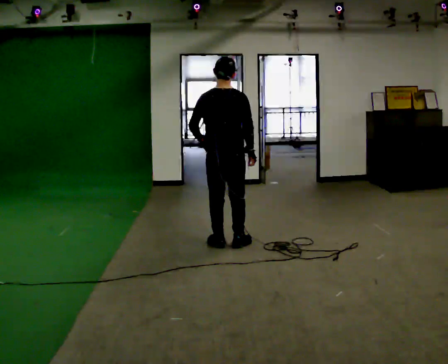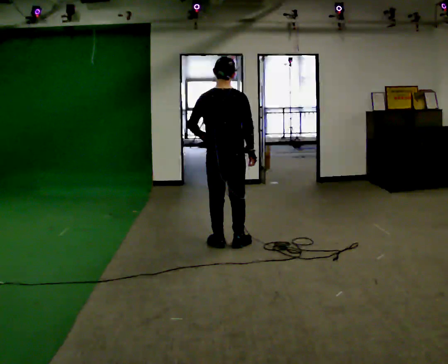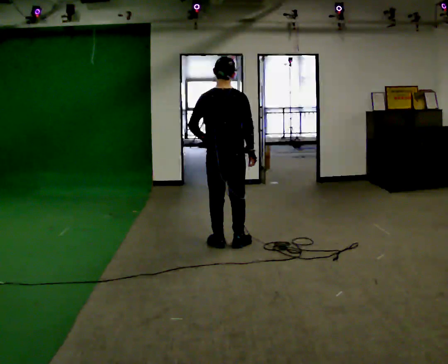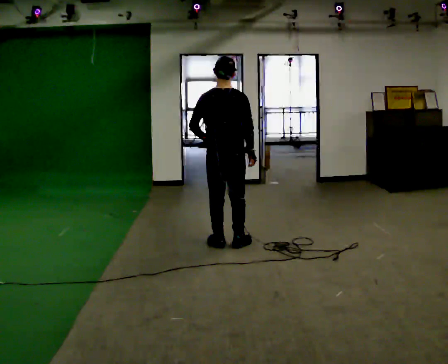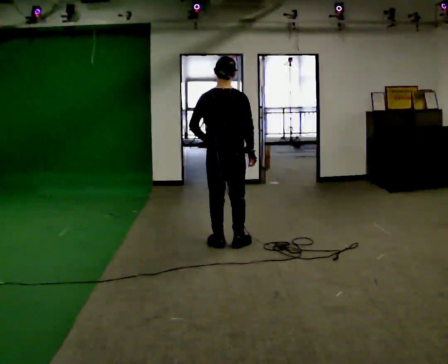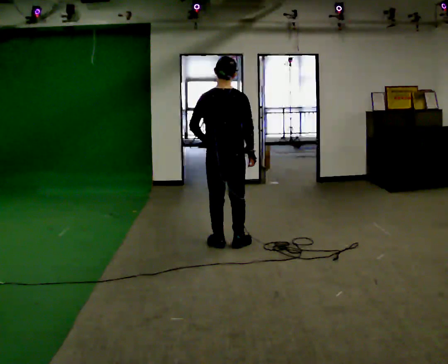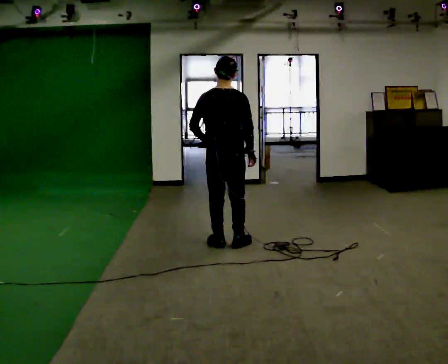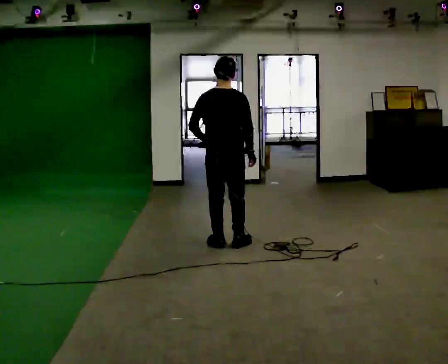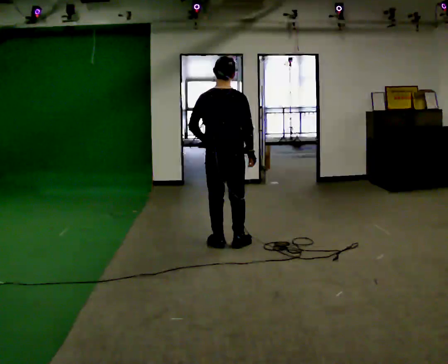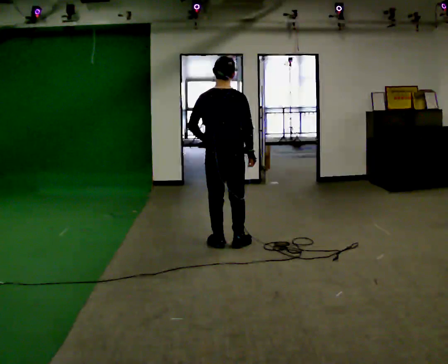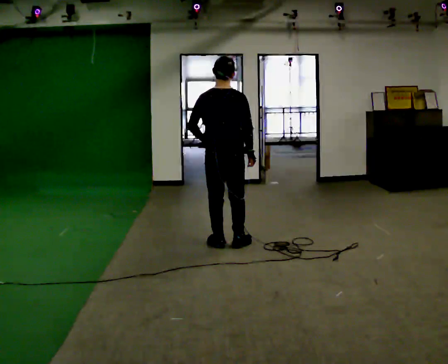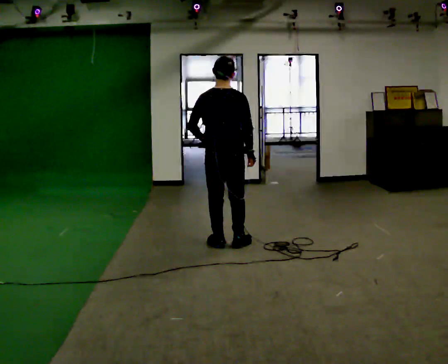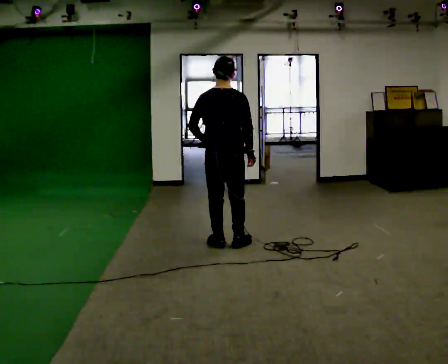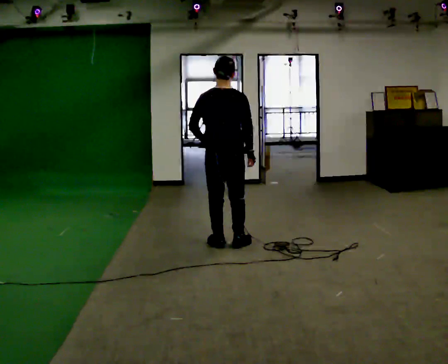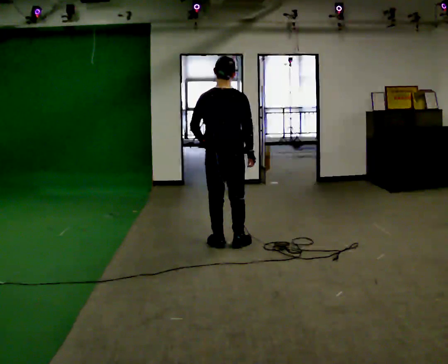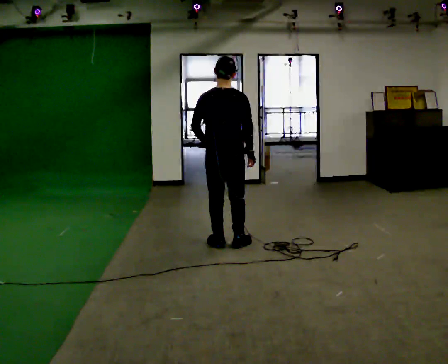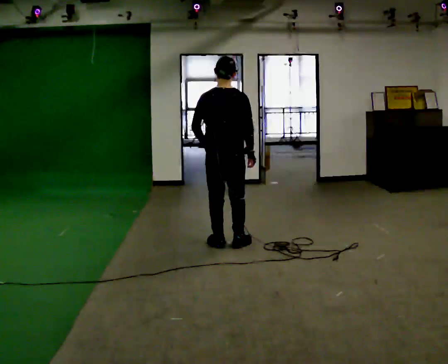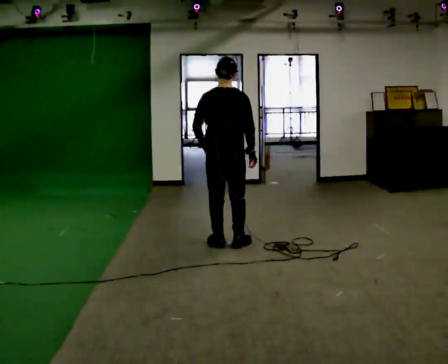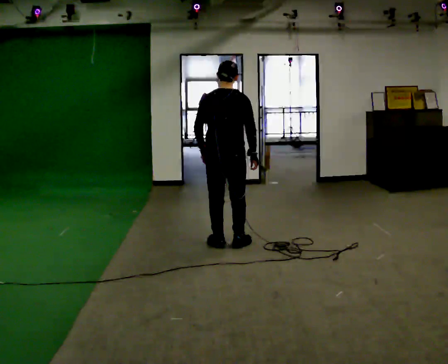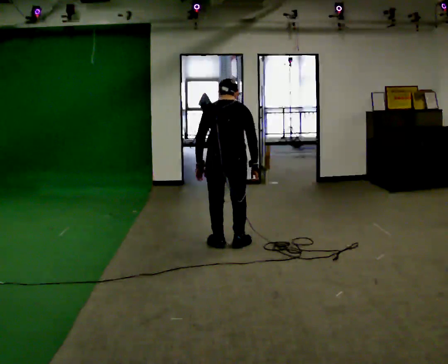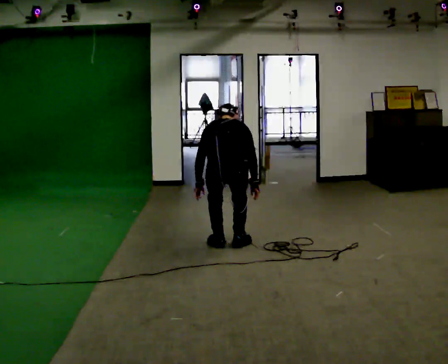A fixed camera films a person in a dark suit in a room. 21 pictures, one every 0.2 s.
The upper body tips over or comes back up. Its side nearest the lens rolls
upward.
Their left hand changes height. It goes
downward.
0.0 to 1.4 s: The person moves a little, or ends about where they began.
1.4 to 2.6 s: The person keeps their place and pose.
2.6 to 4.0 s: In the picture they go toward the camera, about 0.25 m, which for them is backward. The upper body goes downward. The upper body tips away from the camera, its near side rolling upward, as they bend forward. In the picture their left hand goes downward.
The film runs forward here.
